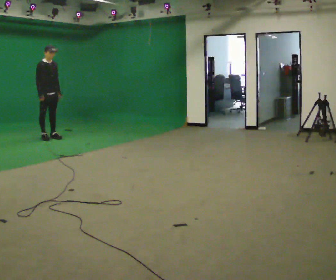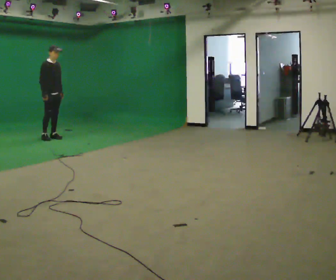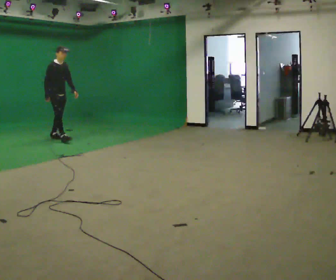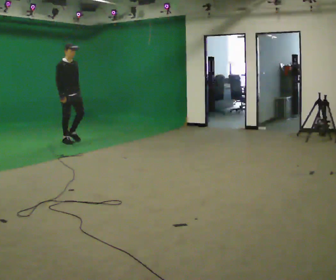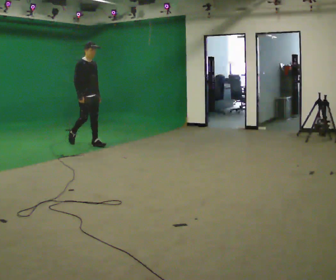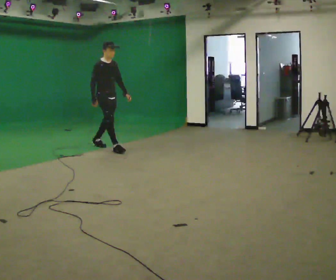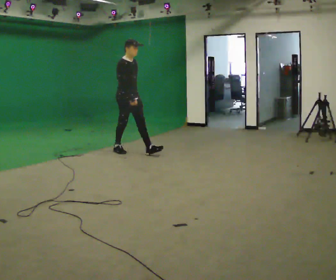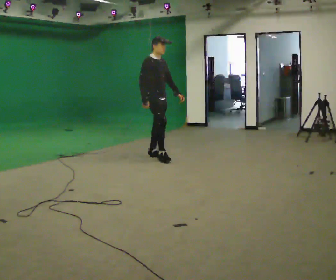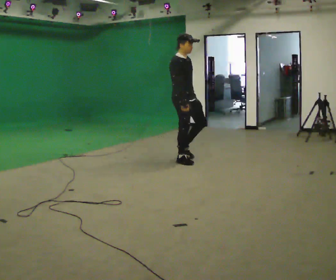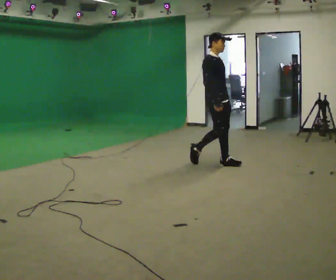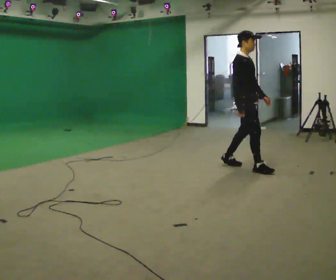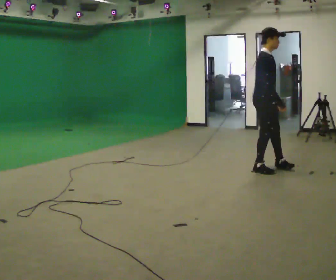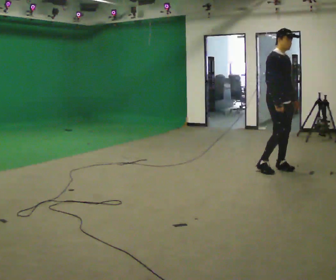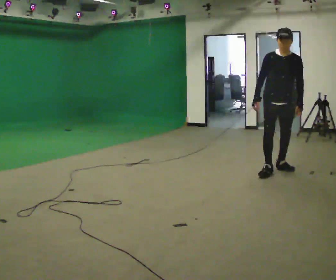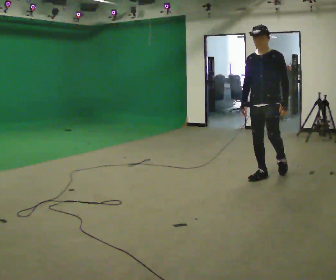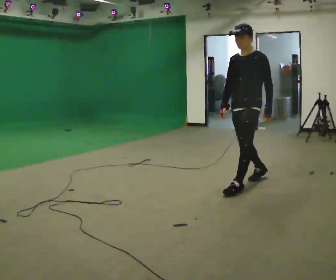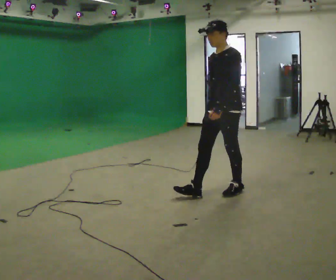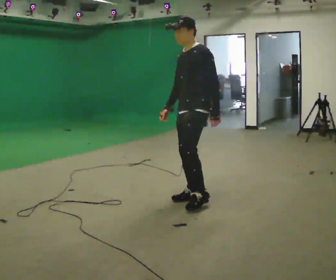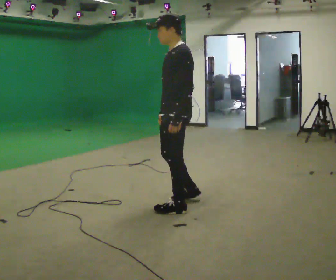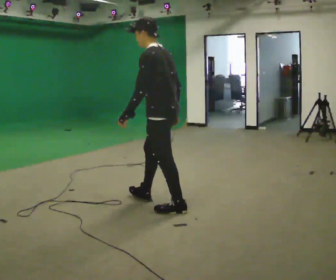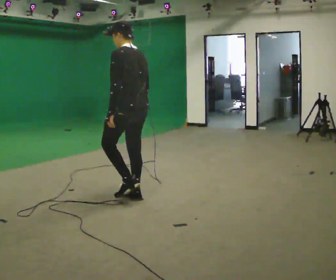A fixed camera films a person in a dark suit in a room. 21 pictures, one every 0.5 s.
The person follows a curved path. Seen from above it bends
clockwise.
0.0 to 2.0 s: In the picture they go to the right, about 1 m in 2 steps, which for them is forward.
2.0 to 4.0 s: In the picture they go to the right and toward the camera, about 2 m in 3 steps, which for them is forward.
4.0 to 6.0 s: In the picture they go to the right, about 1.5 m in 3 steps, which for them is forward.
6.0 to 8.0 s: The person turns about 90 degrees to their right, clockwise seen from above, so the part of the body nearest the lens slides to the left. In the picture they go toward the camera and to the left, about 1 m in 2 steps.
8.0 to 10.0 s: The person turns about 75 degrees to their right, clockwise seen from above, so the part of the body nearest the lens slides to the left. In the picture they go to the left, about 1 m in 3 steps.
The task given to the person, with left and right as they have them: Walk continuously around room; naturally change direction/speed; no manipulation.
The film runs forward here.
